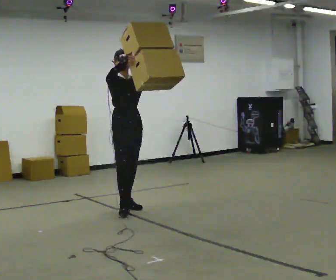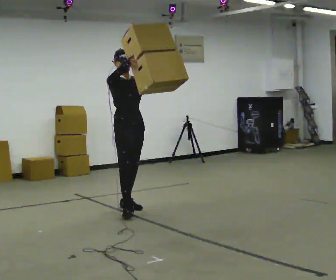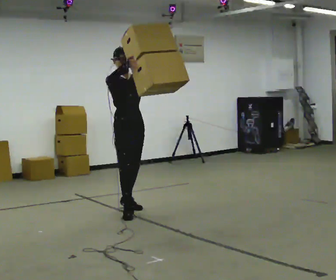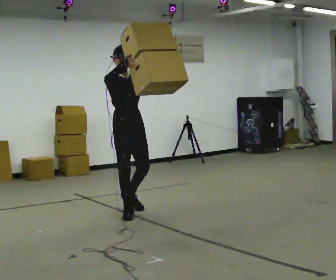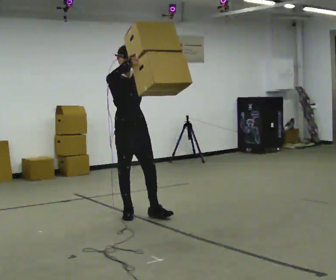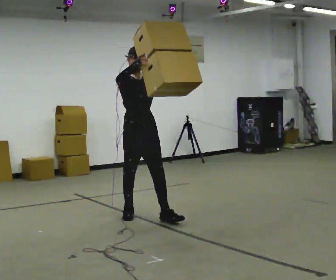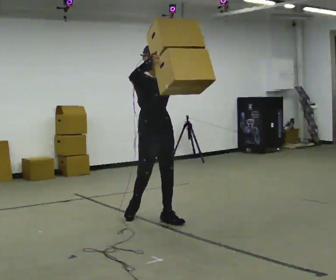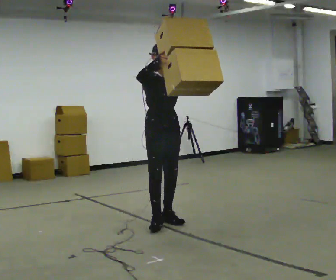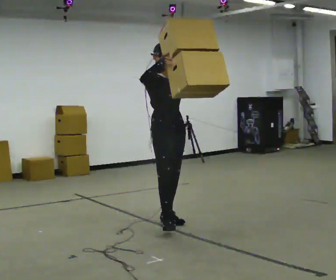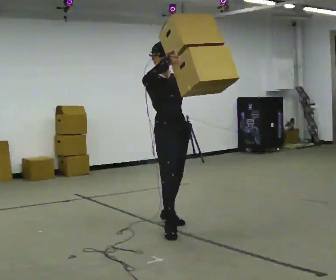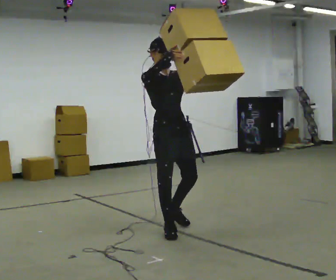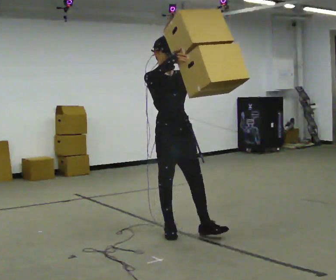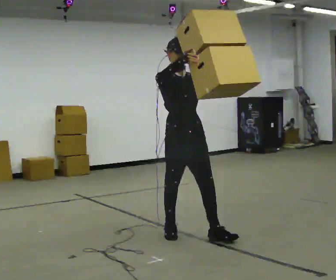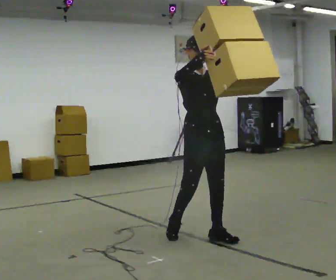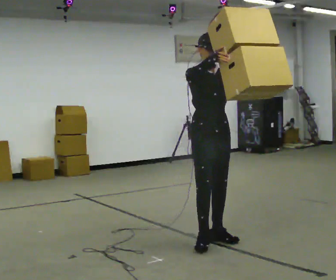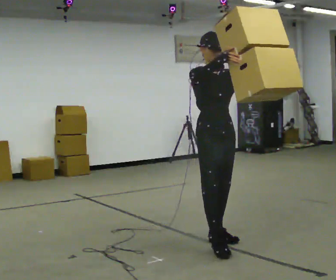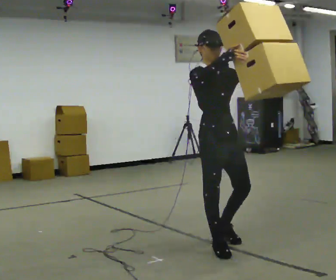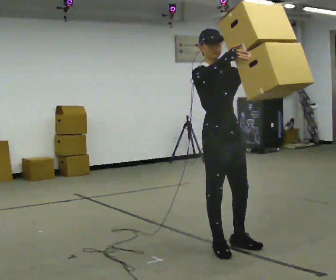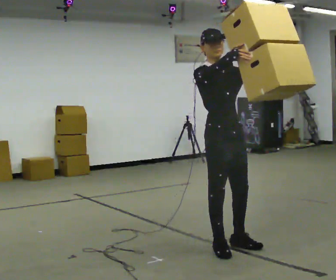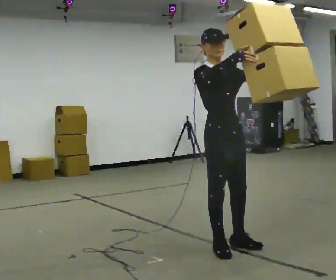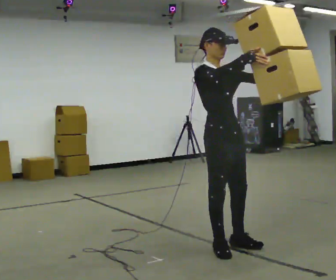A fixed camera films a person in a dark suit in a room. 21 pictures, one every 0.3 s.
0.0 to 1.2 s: In the picture they go toward the camera, about 0.5 m in 1 step, which for them is forward and to their right.
1.2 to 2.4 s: In the picture they go to the right and toward the camera, about 0.5 m in 2 steps, which for them is forward and to their left.
2.4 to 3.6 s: In the picture they go toward the camera, about 0.5 m in 1 step, which for them is forward.
3.6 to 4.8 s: In the picture they go toward the camera and to the right, about 0.5 m in 1 step, which for them is forward.
4.8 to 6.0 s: The person moves a little, or ends about where they began.
The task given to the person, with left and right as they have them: Carry the large panel across the room. It will block your view ahead, so take whatever route feels safe. Keep going until the operator says stop; one object at a time, and do not rush between trips.
The film runs forward here.
